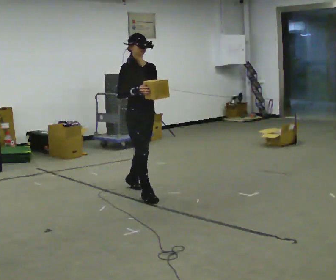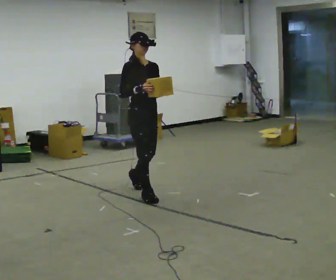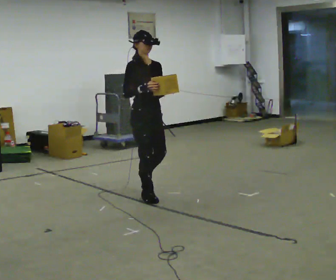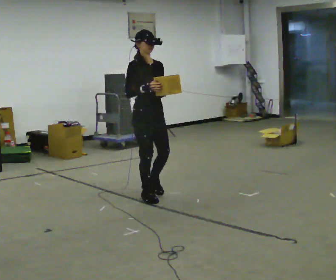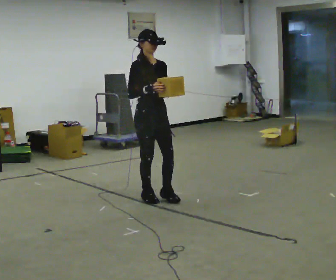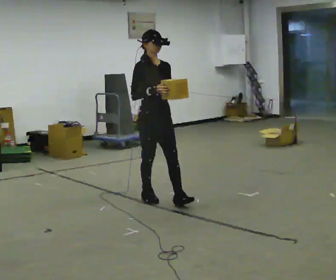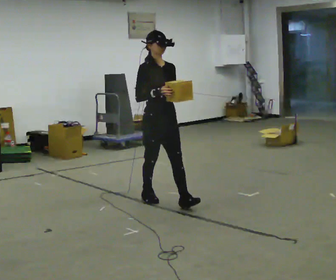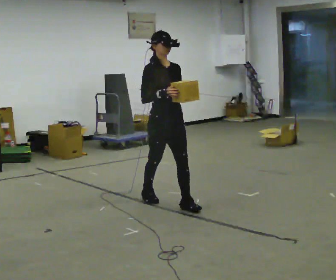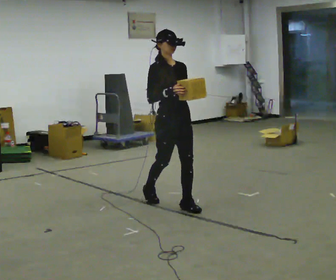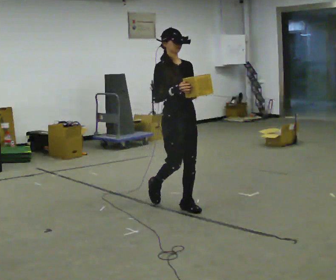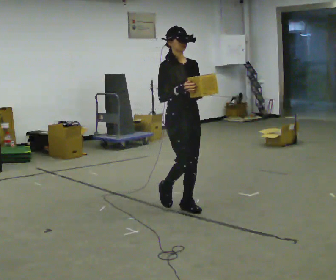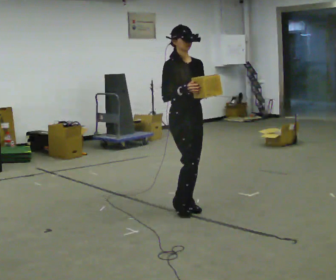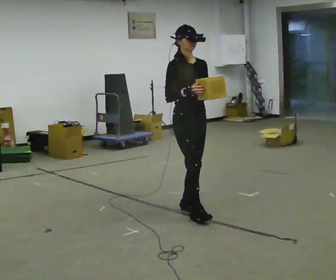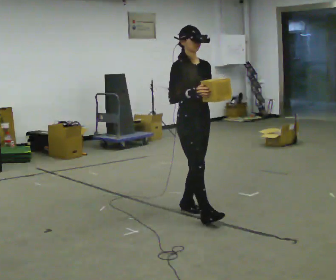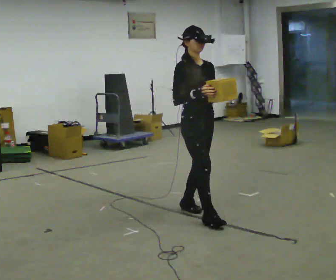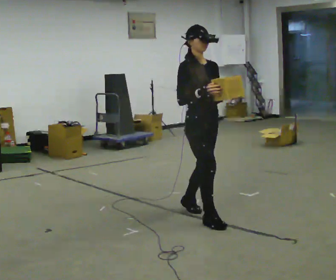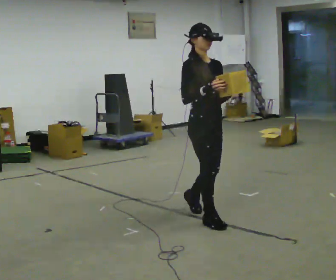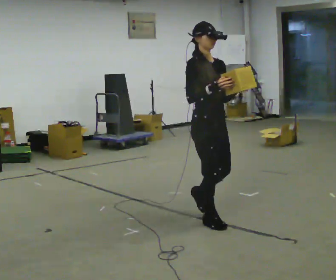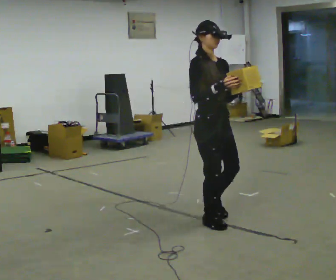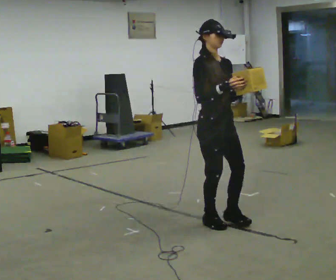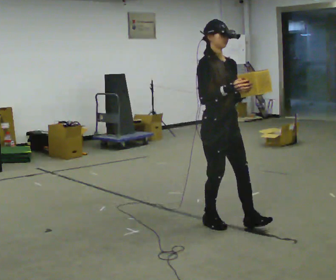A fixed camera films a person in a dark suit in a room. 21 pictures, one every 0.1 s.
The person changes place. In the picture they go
toward the camera.
0.0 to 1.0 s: In the picture they go toward the camera and to the right, about 0.75 m in 1 step, which for them is forward.
1.0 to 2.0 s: In the picture they go toward the camera and to the right, about 0.5 m in 1 step, which for them is forward.
The film runs forward here.
